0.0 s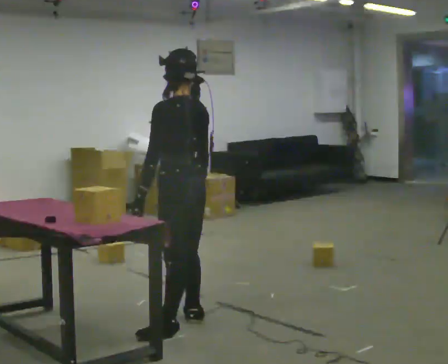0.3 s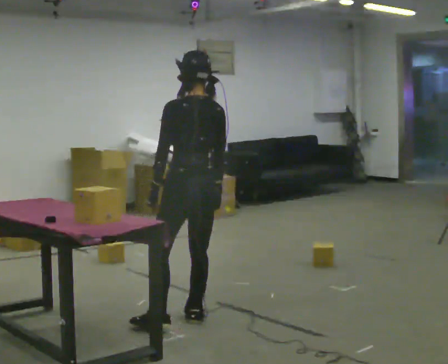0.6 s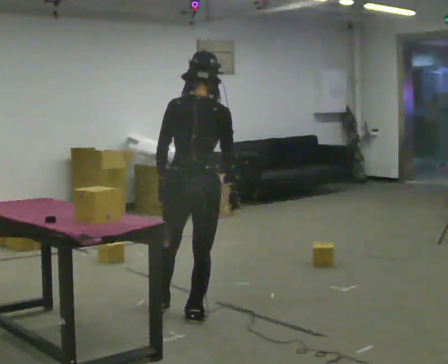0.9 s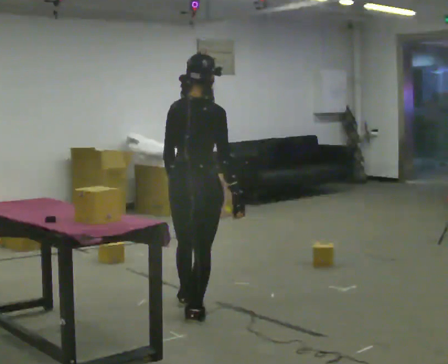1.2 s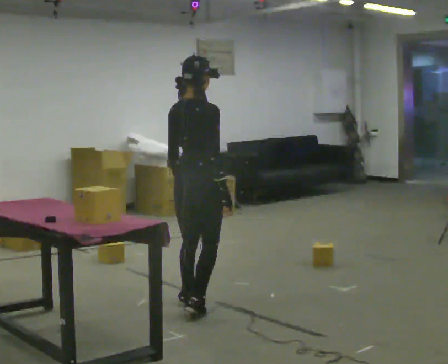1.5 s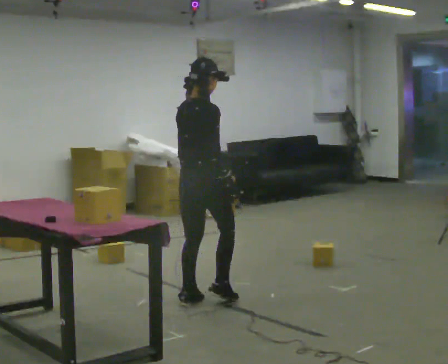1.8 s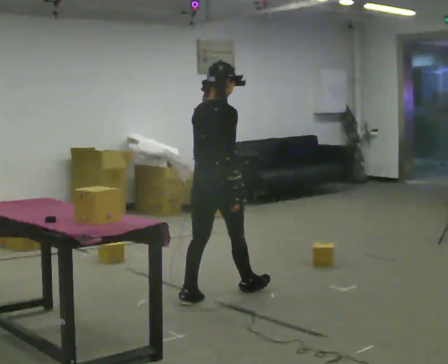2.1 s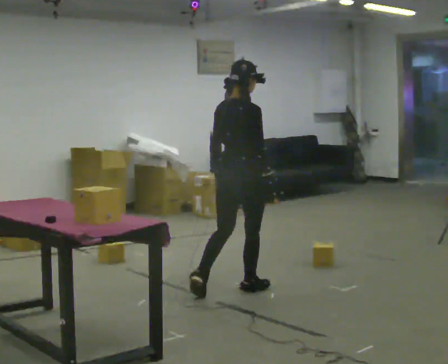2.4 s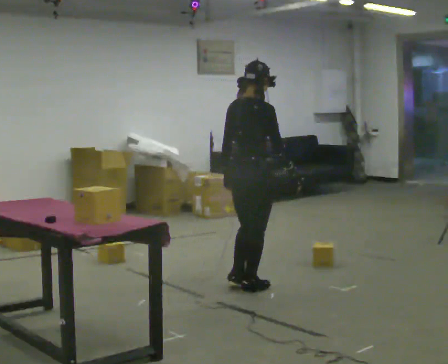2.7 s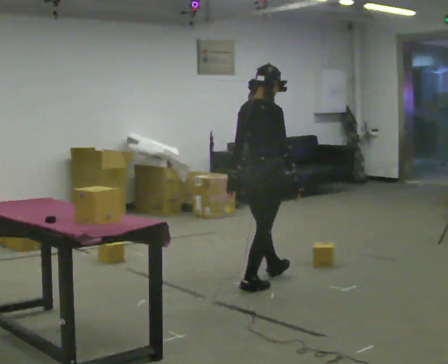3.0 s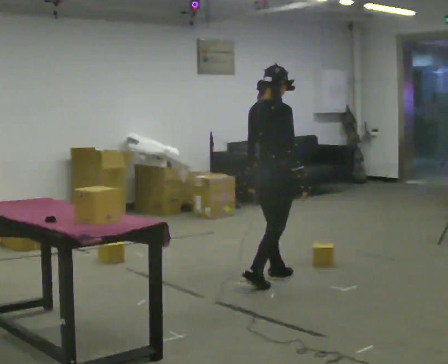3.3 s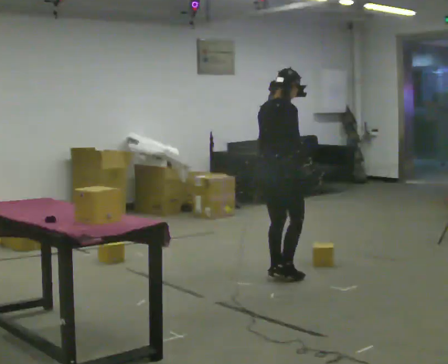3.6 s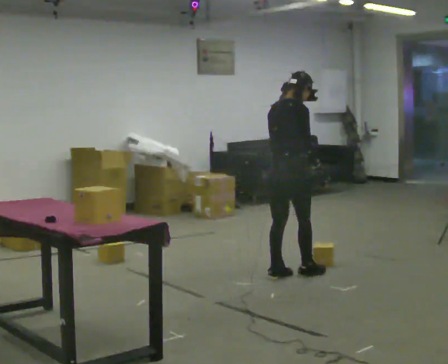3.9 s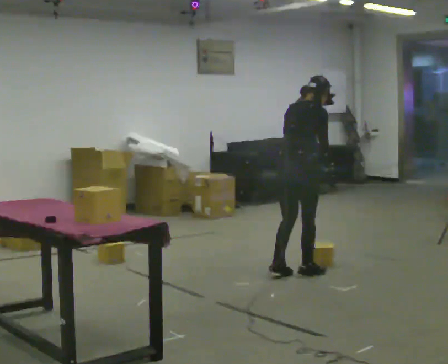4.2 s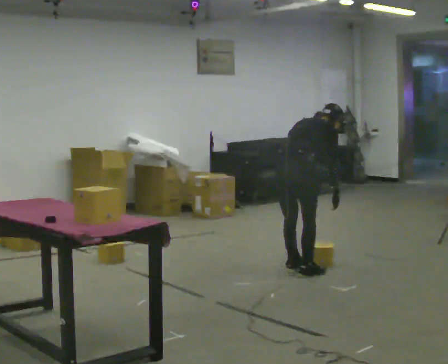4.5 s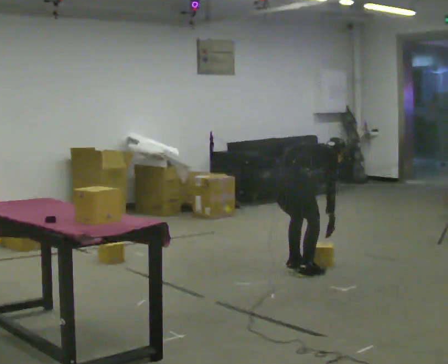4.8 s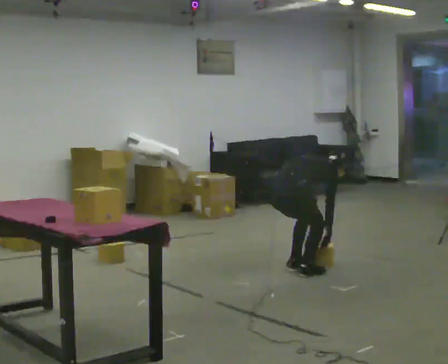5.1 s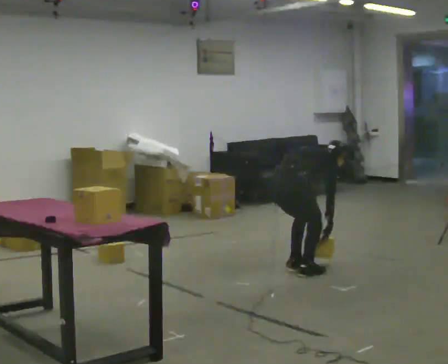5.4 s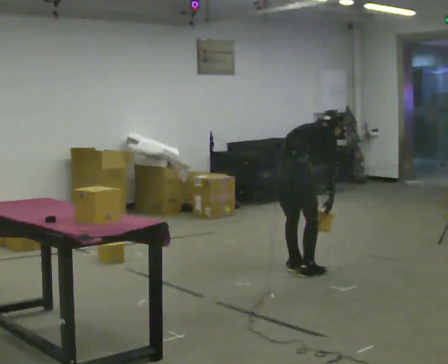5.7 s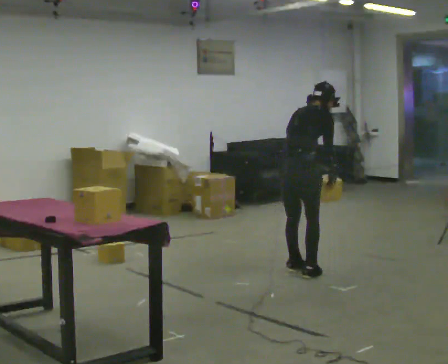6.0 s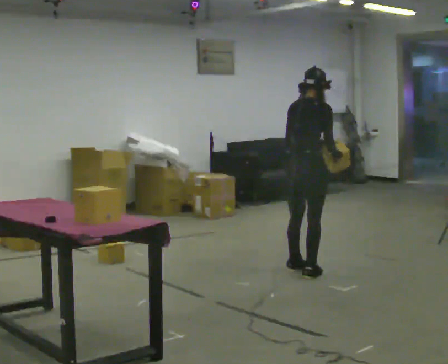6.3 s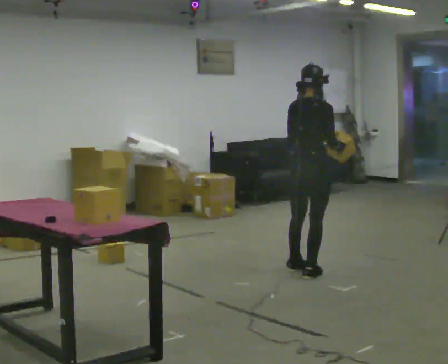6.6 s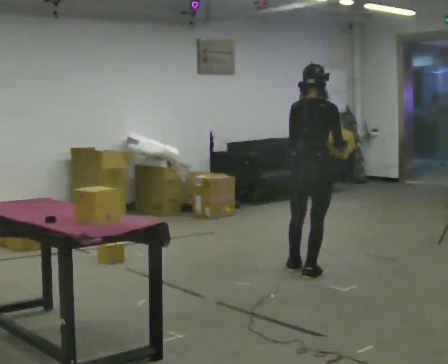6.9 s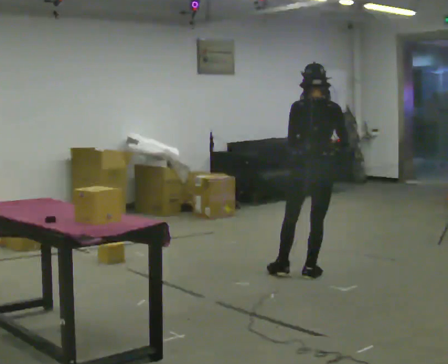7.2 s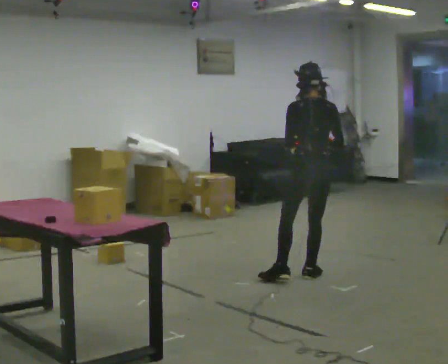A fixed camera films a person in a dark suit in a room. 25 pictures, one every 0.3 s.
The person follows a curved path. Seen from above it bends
clockwise.
The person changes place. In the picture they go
away from the camera.
0.0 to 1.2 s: Seen from above the body turns clockwise, about 90 degrees: to their right, with its near side sliding to the left. In the picture they go away from the camera, about 0.5 m in 1 step.
1.2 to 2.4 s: In the picture they go away from the camera and to the right, about 0.5 m in 1 step, which for them is forward.
2.4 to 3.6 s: In the picture they go away from the camera and to the right, about 0.5 m in 2 steps, which for them is forward and to their left.
3.6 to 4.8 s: The upper body goes downward. In the picture the upper body tilts clockwise, shoulders to the right, as they bend forward. In the picture their right hand goes downward.
4.8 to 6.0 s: The upper body goes upward. In the picture the upper body tilts counterclockwise, shoulders to the left, as they lean back or straighten. In the picture their left hand goes upward.
6.0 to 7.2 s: The part of the body nearest the lens slides to the right as the person turns to their left by about 60 degrees.
The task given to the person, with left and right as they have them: The operator will name an object. Go and find it, bring it back, and hand it over. Then wait for the next one.
The film runs forward here.
